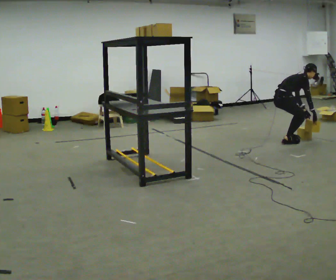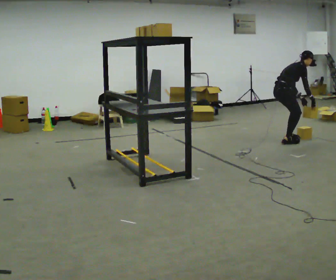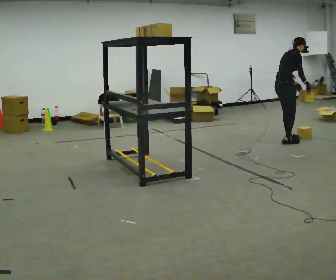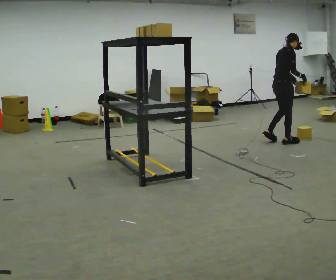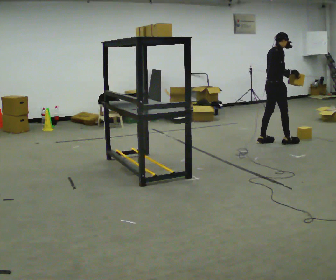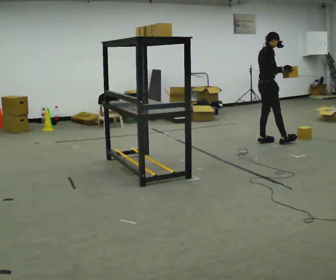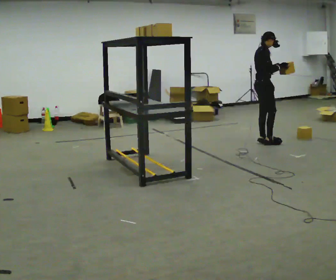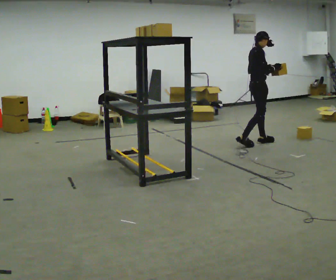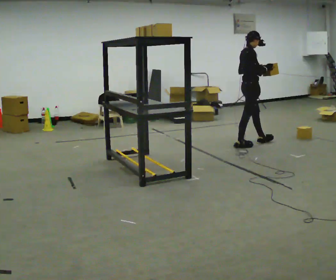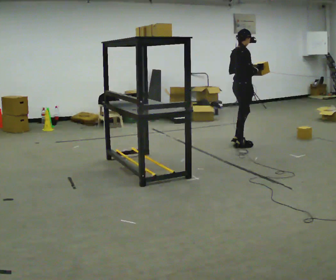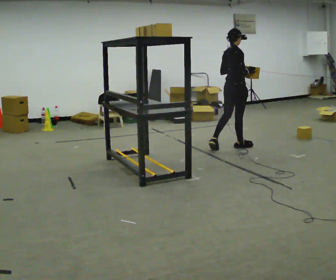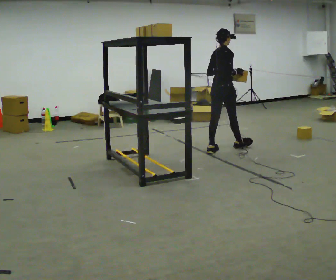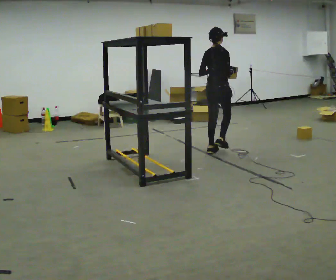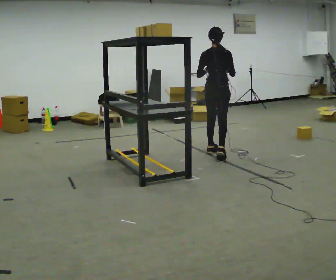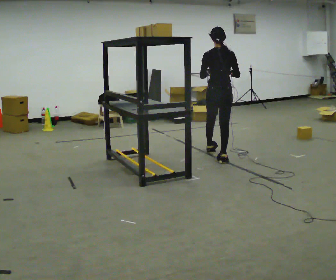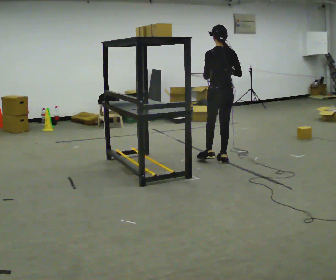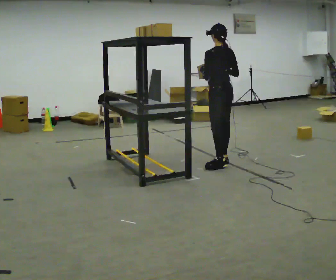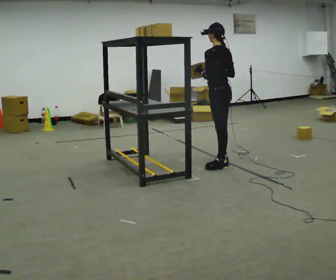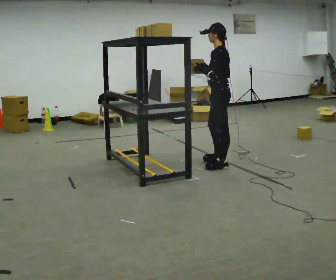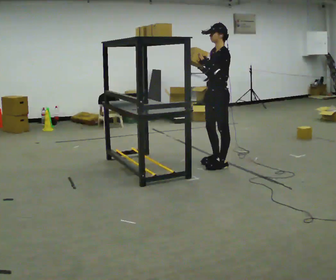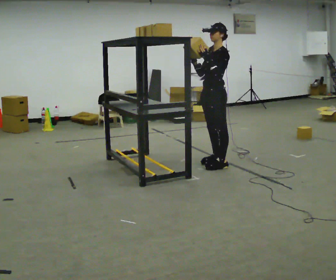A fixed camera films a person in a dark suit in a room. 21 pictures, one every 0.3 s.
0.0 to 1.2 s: The upper body goes upward. In the picture the upper body tilts counterclockwise, shoulders to the left, as they lean back or straighten. In the picture their right hand goes upward and to the left.
1.2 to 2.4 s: In the picture they go to the left, about 0.5 m in 1 step, which for them is backward and to their right.
2.4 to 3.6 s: Seen from above the body turns counterclockwise, about 45 degrees: to their left, with its near side sliding to the right. In the picture they go to the left and toward the camera, about 0.5 m in 2 steps, which for them is backward.
3.6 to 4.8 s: The part of the body nearest the lens slides to the right as the person turns to their left by about 75 degrees. In the picture they go toward the camera, about 0.5 m in 1 step.
4.8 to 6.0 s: Seen from above the body turns counterclockwise, about 75 degrees: to their left, with its near side sliding to the right. In the picture their right hand goes to the left.
The film runs backward here.
